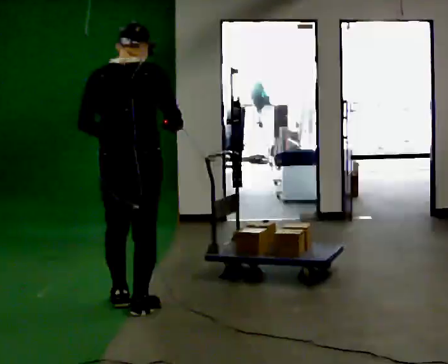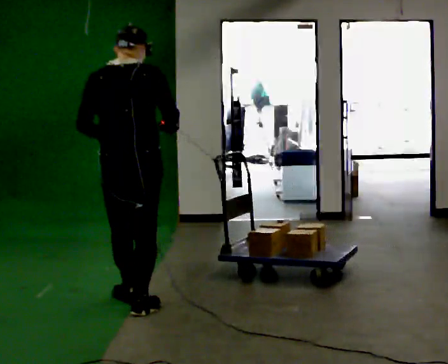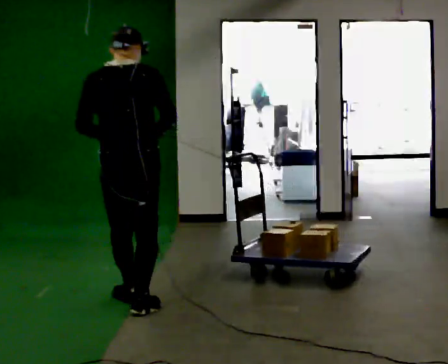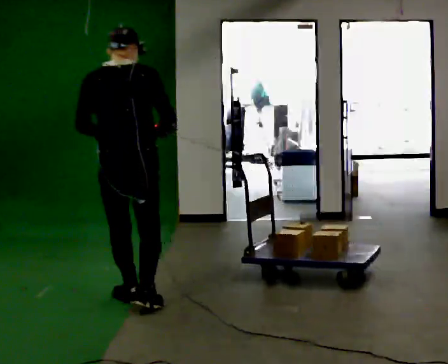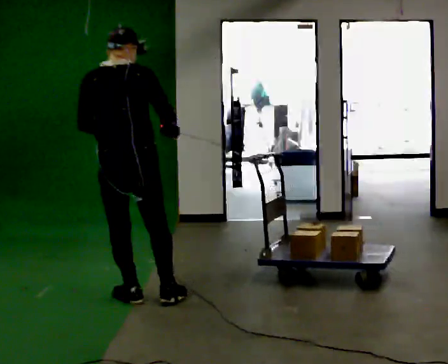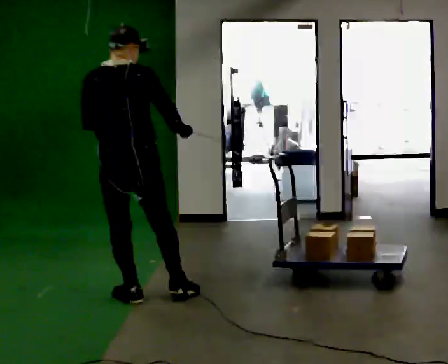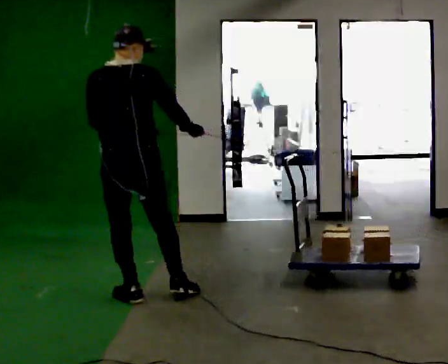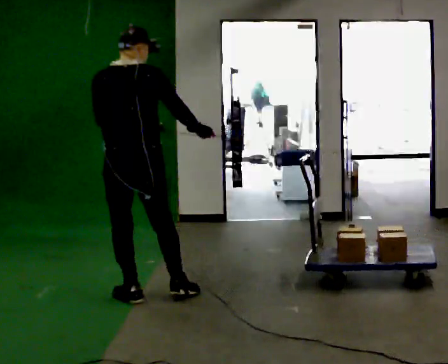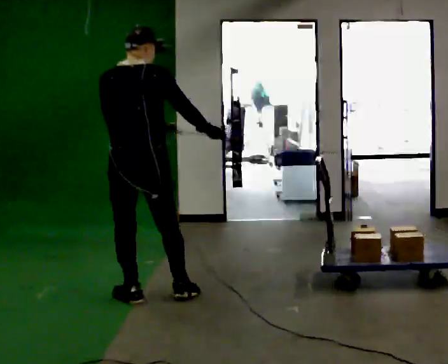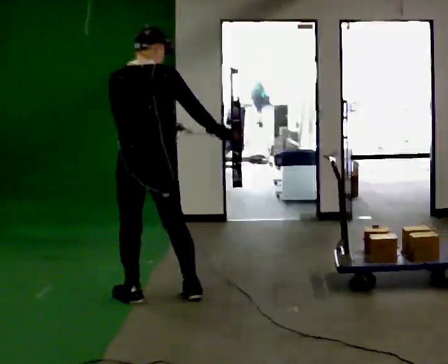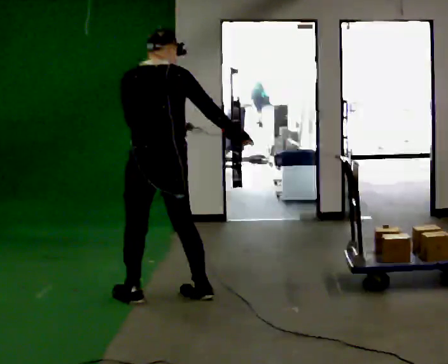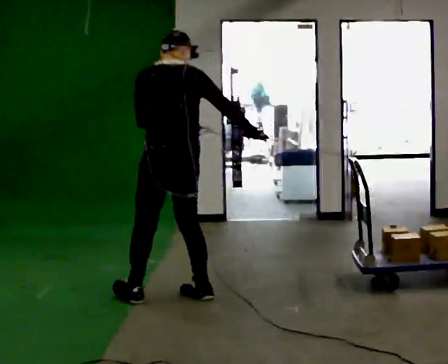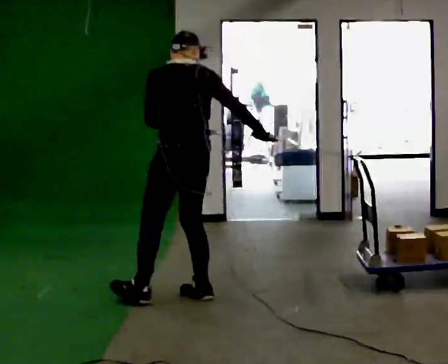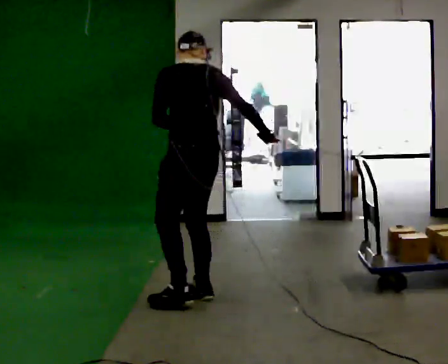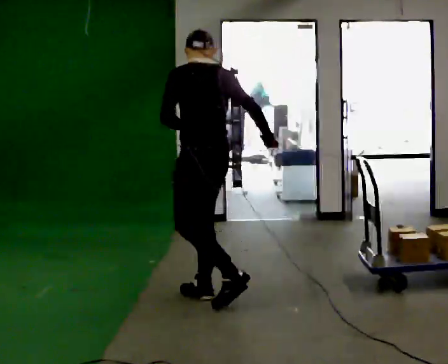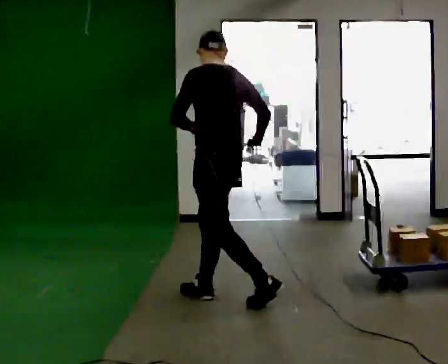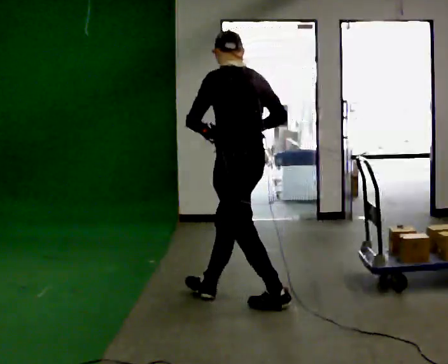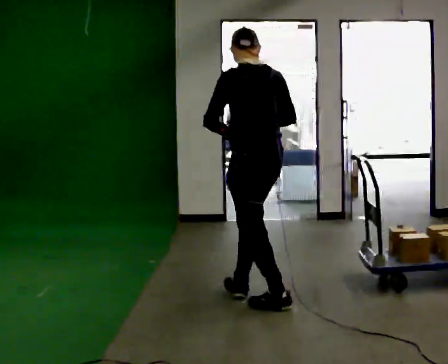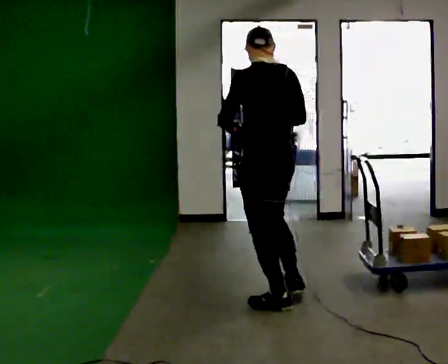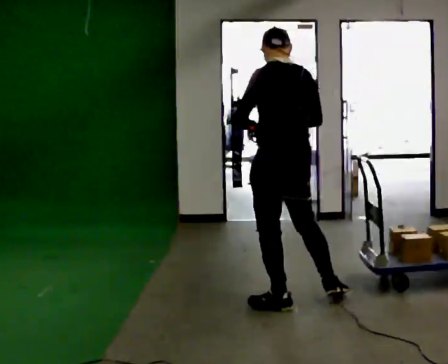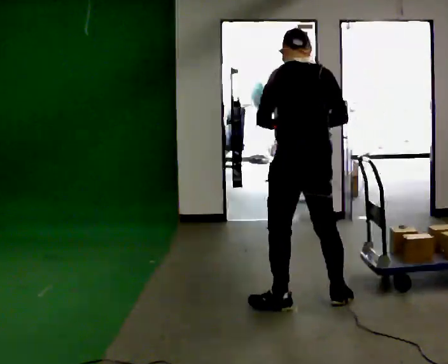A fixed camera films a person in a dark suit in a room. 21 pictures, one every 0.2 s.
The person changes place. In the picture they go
to the right.
The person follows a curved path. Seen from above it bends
clockwise.
0.0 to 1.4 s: In the picture they go away from the camera, about 0.25 m in 1 step, which for them is forward.
1.4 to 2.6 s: The part of the body nearest the lens slides to the right as the person turns to their left by about 30 degrees. In the picture they go to the right, about 0.5 m in 2 steps, which for them is to their right.
2.6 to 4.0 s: In the picture they go to the right, about 0.75 m in 1 step, which for them is backward and to their right.
The film runs backward here.
